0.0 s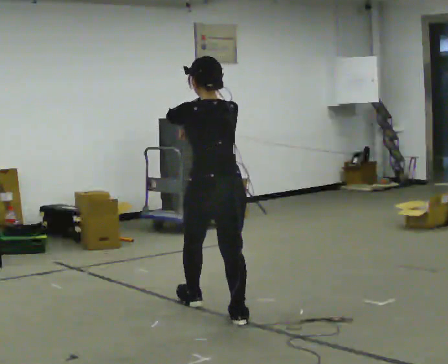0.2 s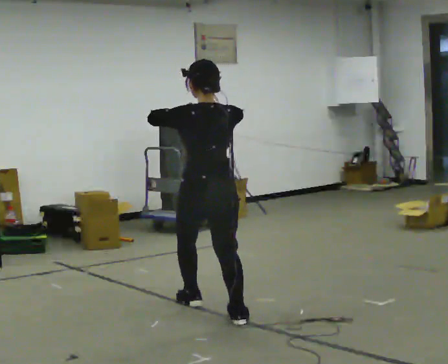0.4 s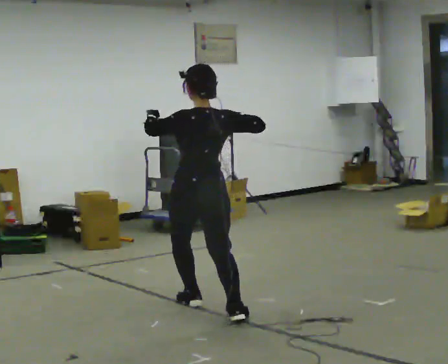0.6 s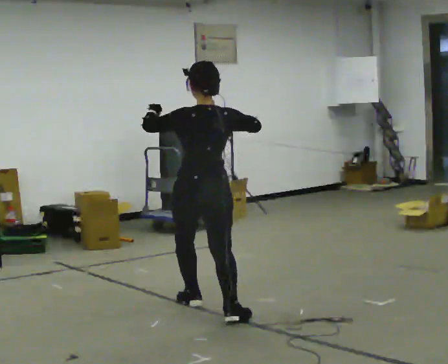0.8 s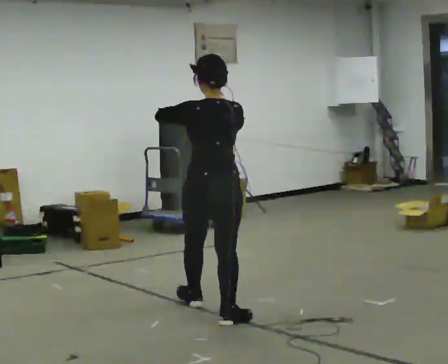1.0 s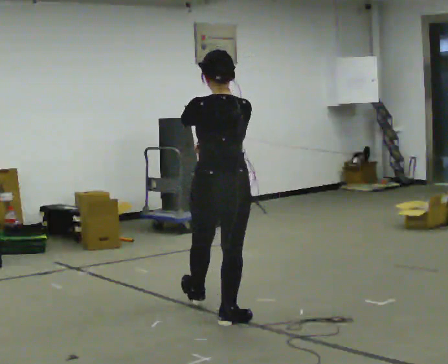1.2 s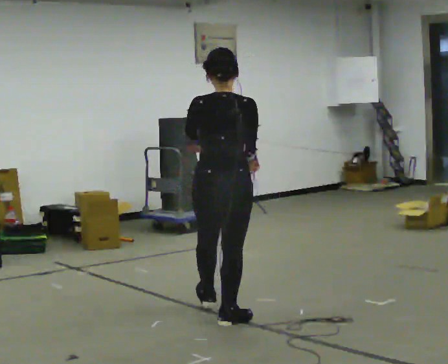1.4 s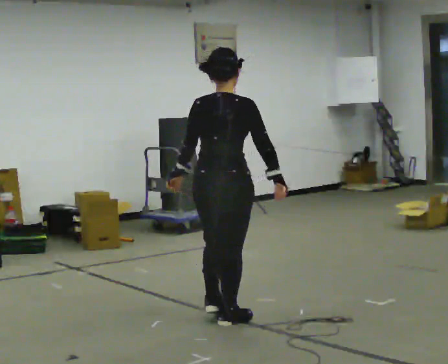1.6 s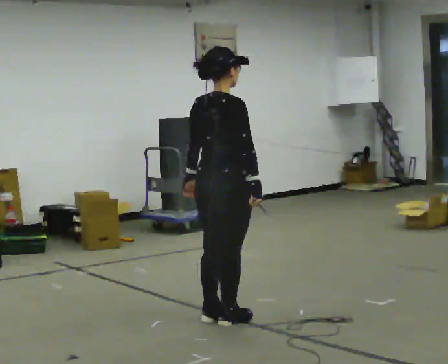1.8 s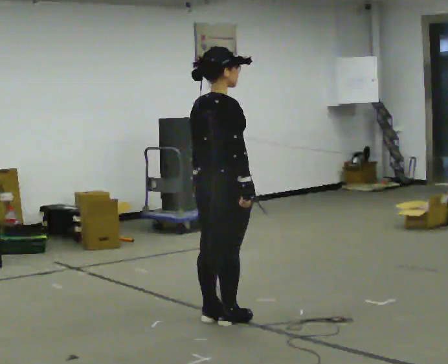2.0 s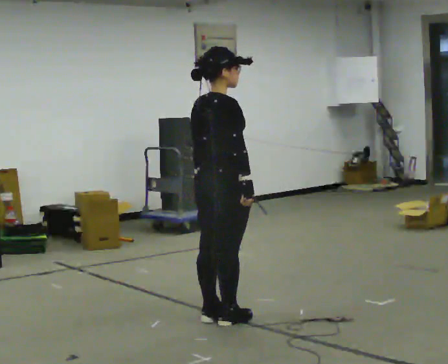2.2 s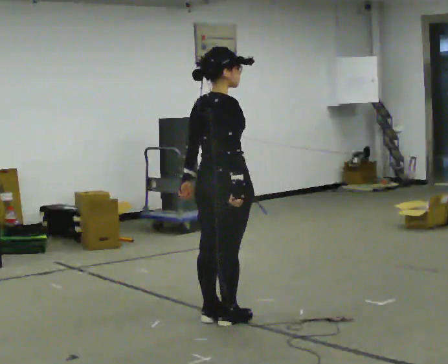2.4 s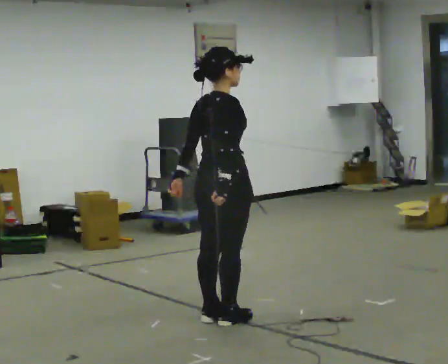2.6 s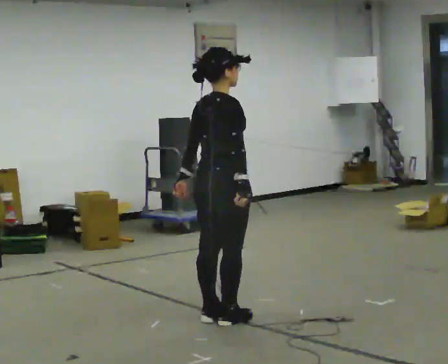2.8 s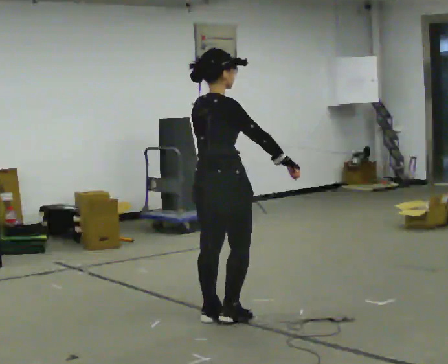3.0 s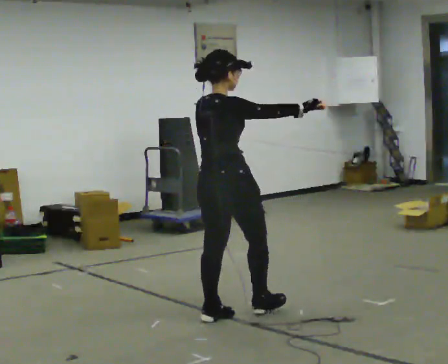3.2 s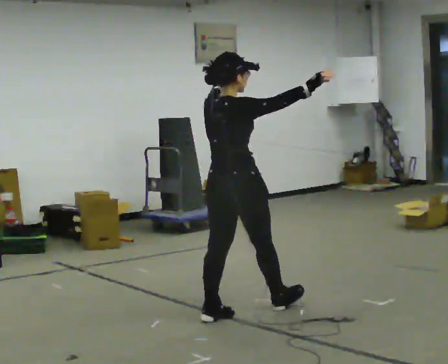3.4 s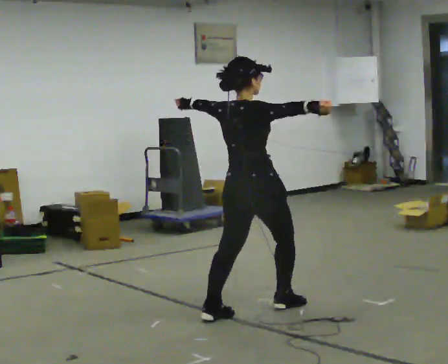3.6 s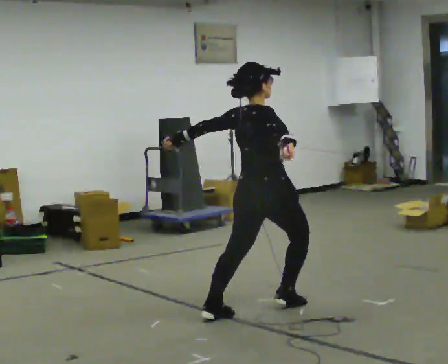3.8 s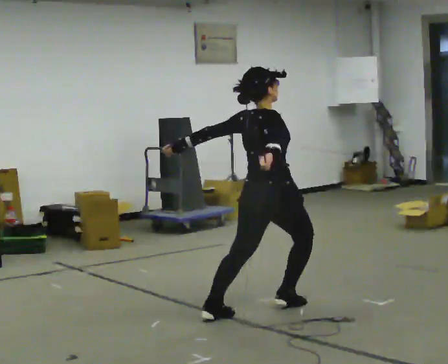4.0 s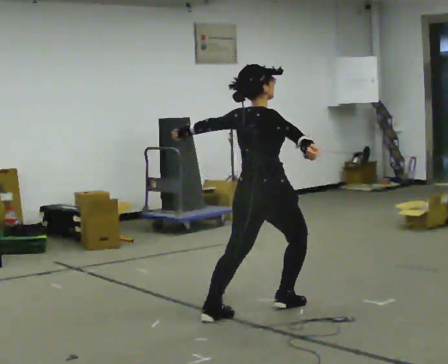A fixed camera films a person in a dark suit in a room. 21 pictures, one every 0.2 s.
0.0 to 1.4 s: Seen from above the body turns clockwise, about 45 degrees: to their right, with its near side sliding to the left. In the picture they go toward the camera, about 0.25 m in 1 step, which for them is backward. In the picture their right hand goes to the right.
1.4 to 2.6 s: The person turns about 30 degrees to their right, clockwise seen from above, so the part of the body nearest the lens slides to the left.
2.6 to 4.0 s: In the picture they go to the right and away from the camera, about 0.25 m in 1 step, which for them is forward.
The film runs backward here.
